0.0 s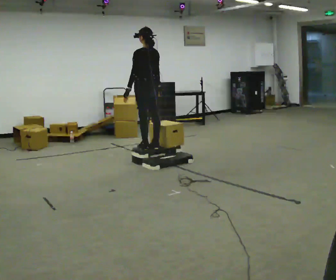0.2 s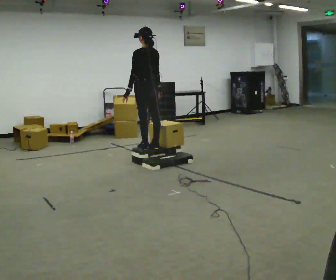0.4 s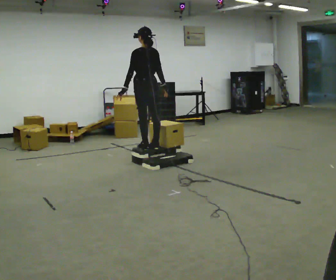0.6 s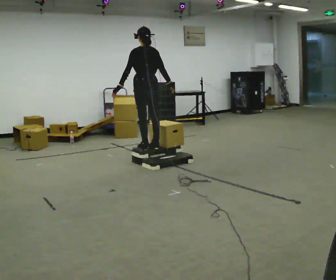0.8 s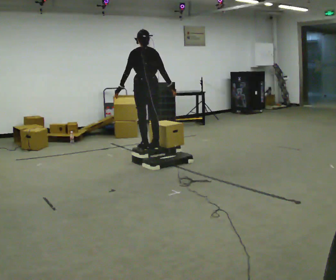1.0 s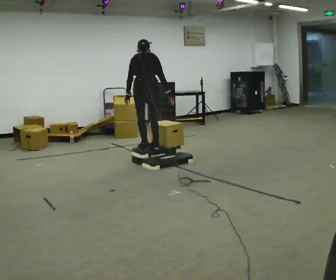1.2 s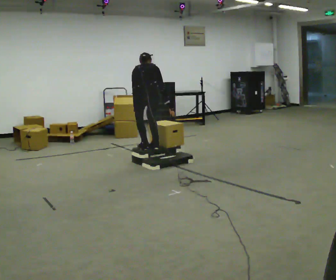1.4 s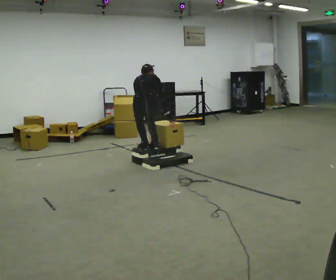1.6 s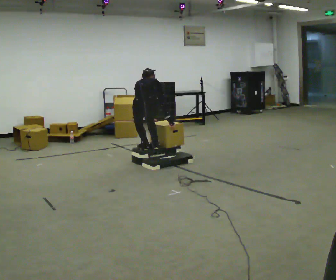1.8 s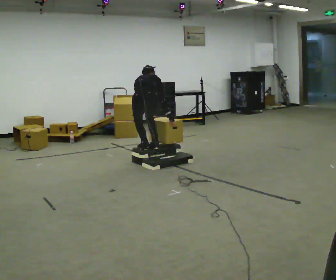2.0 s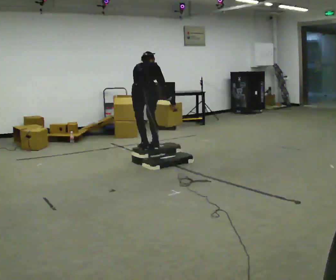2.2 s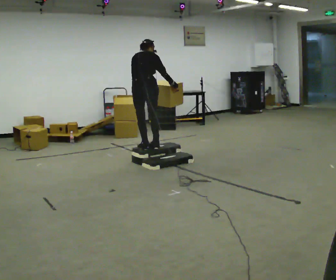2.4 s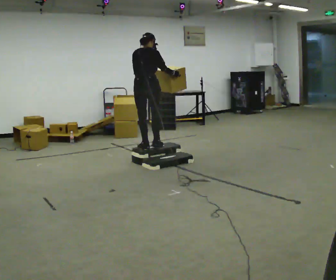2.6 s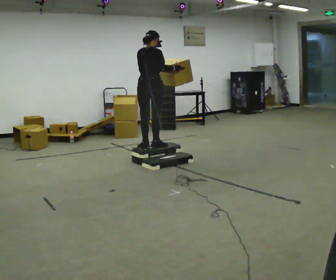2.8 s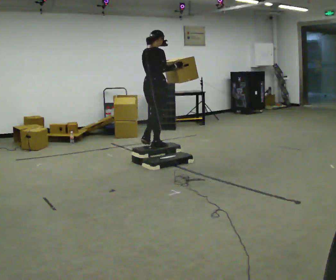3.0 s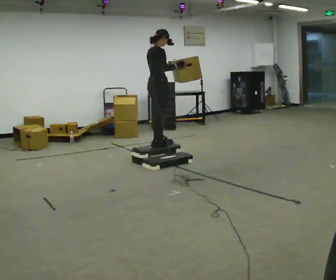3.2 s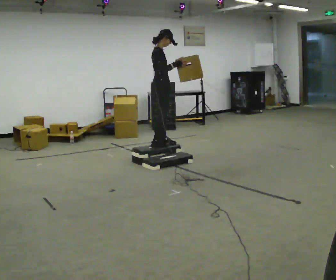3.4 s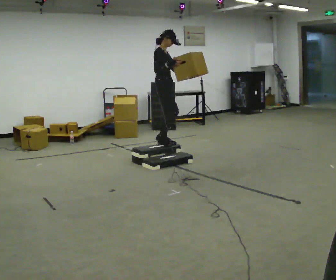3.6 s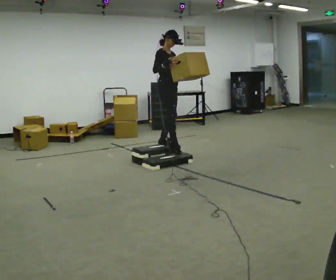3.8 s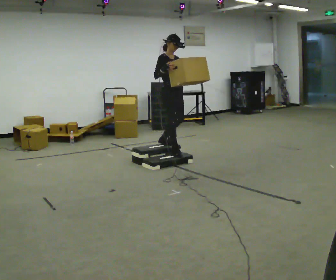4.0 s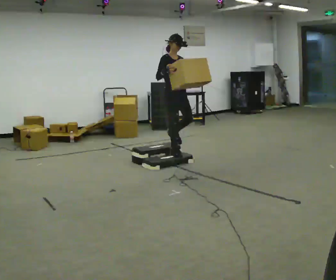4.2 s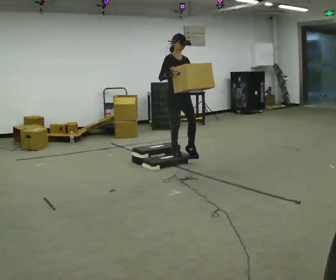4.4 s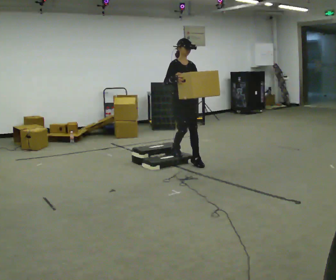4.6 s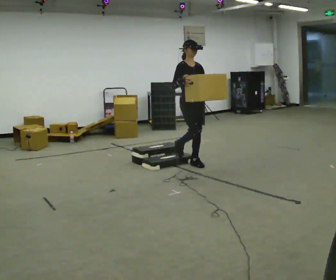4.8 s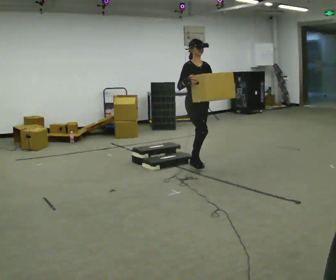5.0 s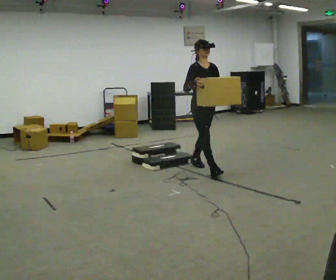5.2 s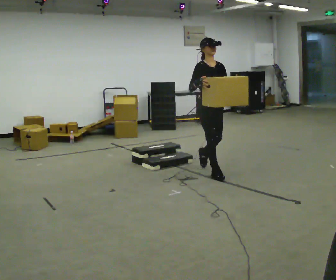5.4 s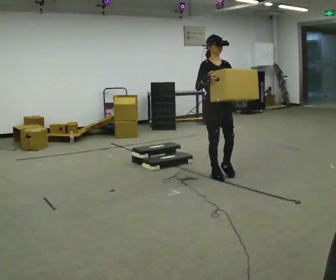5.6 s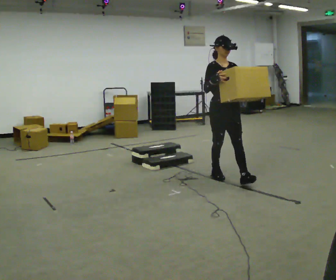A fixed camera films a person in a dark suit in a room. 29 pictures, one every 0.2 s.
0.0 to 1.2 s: The part of the body nearest the lens slides to the left as the person turns to their right by about 45 degrees. In the picture they go toward the camera, about 0.25 m, which for them is backward. The upper body goes downward. The upper body tips away from the camera, its near side rolling upward, as they bend forward.
1.2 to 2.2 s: In the picture their left hand goes upward.
2.2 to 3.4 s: Seen from above the body turns clockwise, about 105 degrees: to their right, with its near side sliding to the left. In the picture they go to the right and away from the camera, about 0.25 m in 1 step. The upper body tips toward the camera, its near side rolling downward, as they lean back or straighten.
3.4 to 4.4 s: Seen from above the body turns clockwise, about 30 degrees: to their right, with its near side sliding to the left. In the picture they go toward the camera and to the right, about 0.5 m in 2 steps, which for them is forward. The shoulders move downward.
4.4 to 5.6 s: In the picture they go toward the camera, about 1 m in 1 step, which for them is forward.
The film runs forward here.
